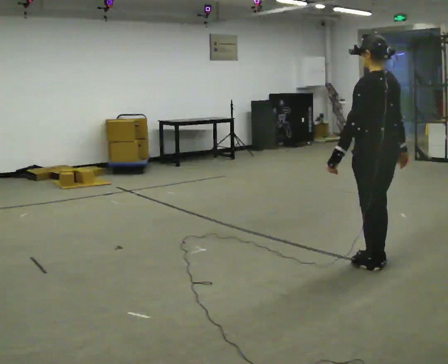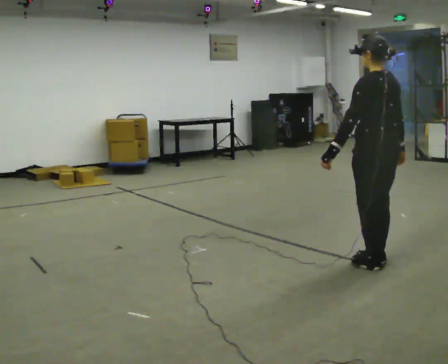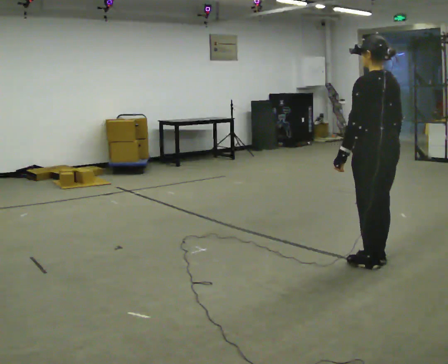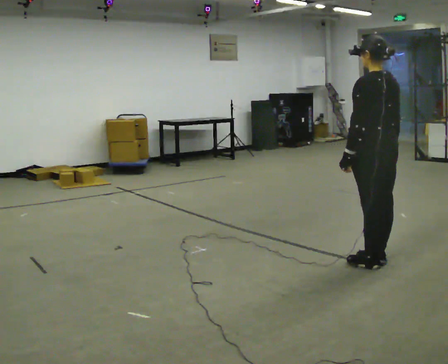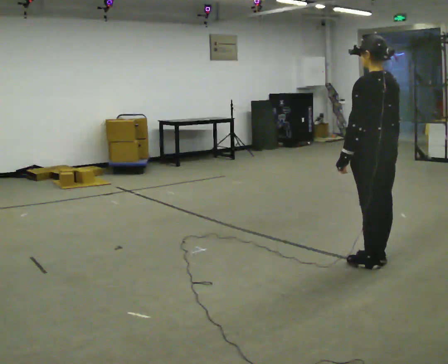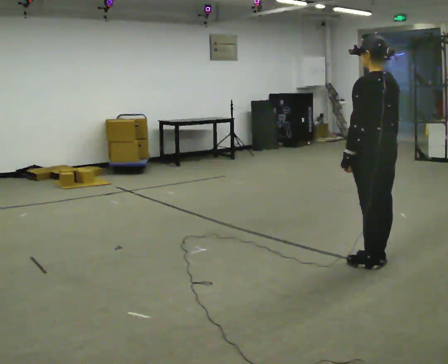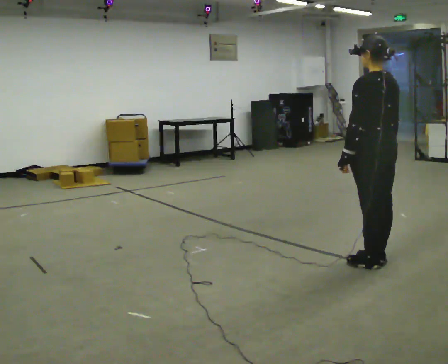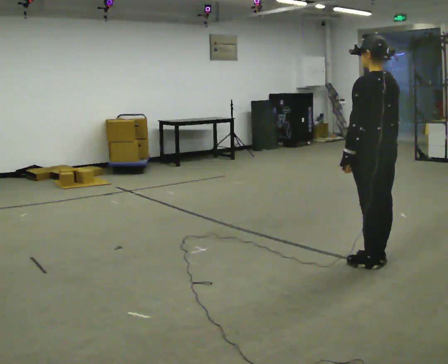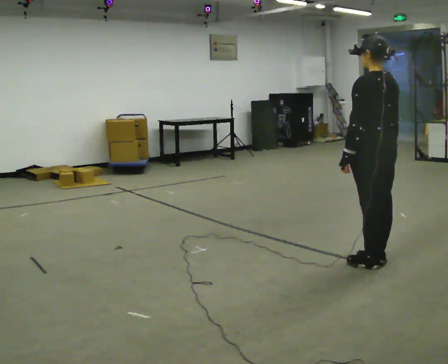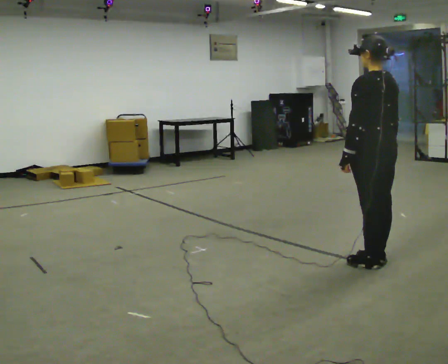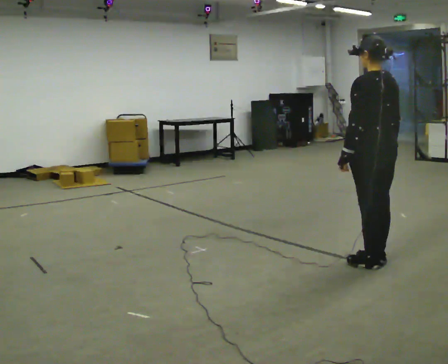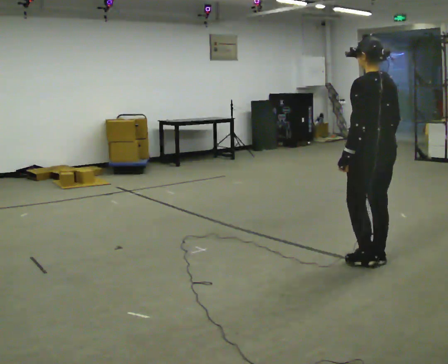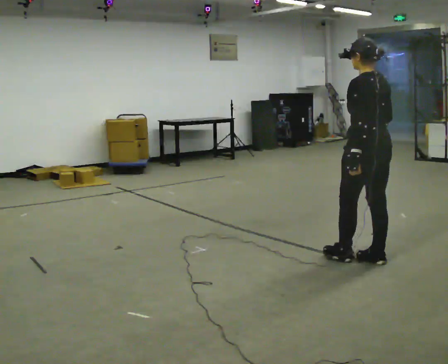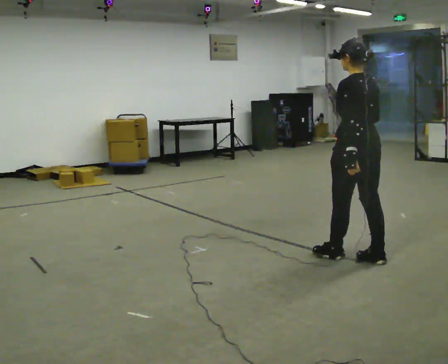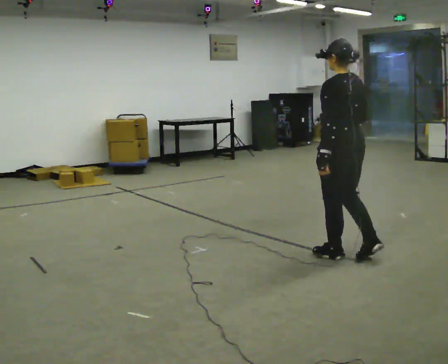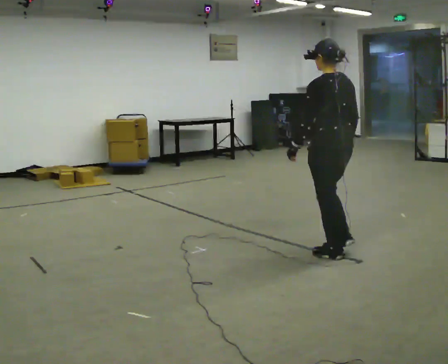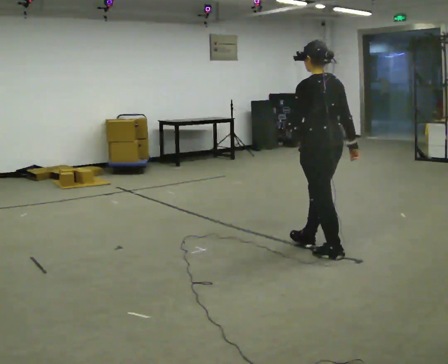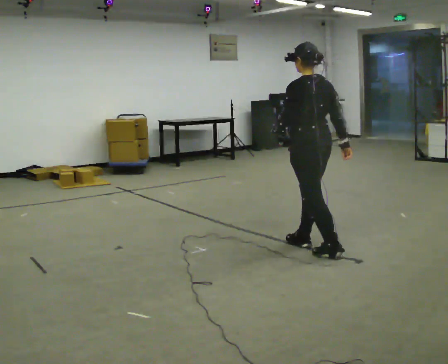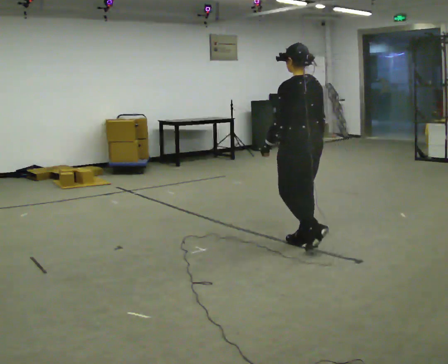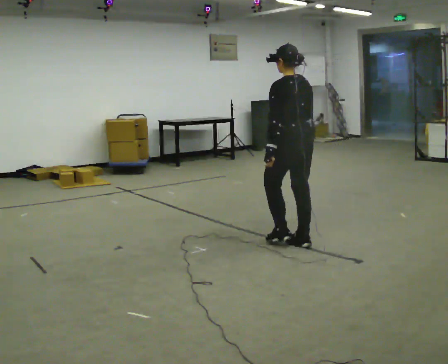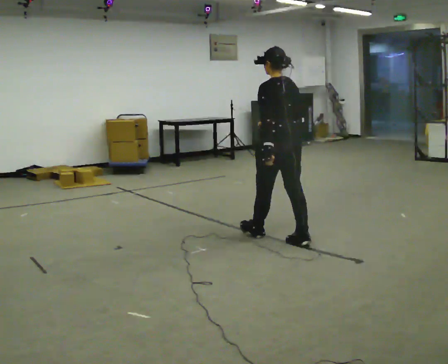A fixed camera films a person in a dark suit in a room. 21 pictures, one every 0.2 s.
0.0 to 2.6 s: In the picture they go to the left, about 0.25 m in 1 step, which for them is forward. In the picture their right hand goes to the left.
2.6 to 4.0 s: In the picture they go to the left and away from the camera, about 1 m in 2 steps, which for them is forward.
The film runs forward here.
